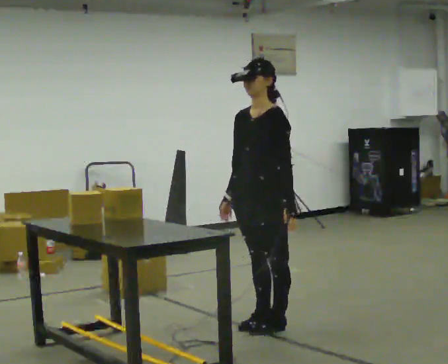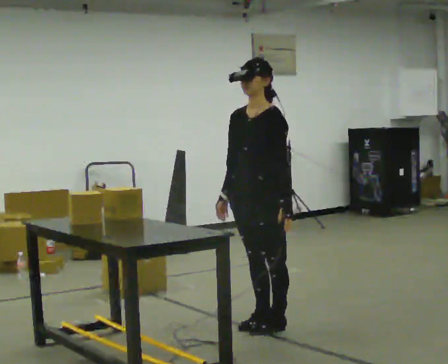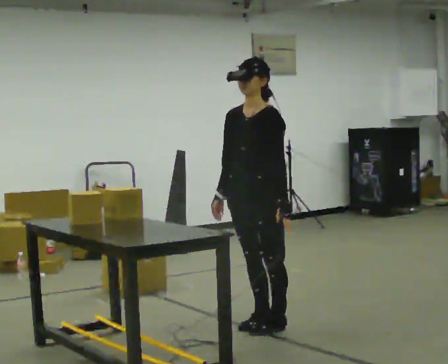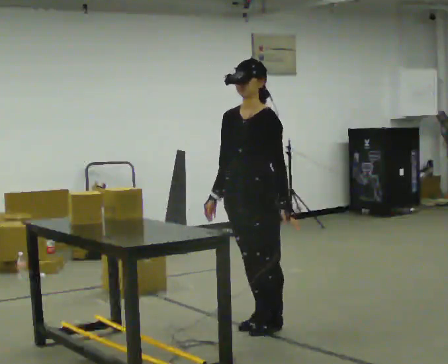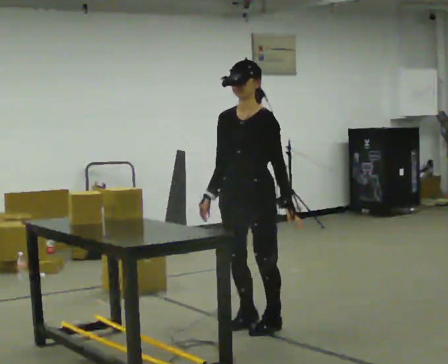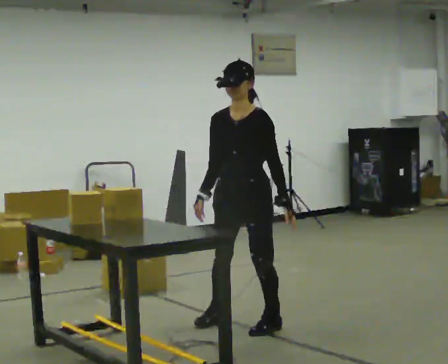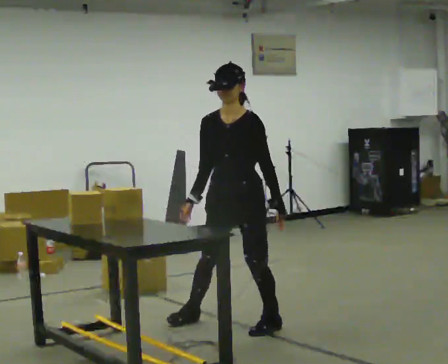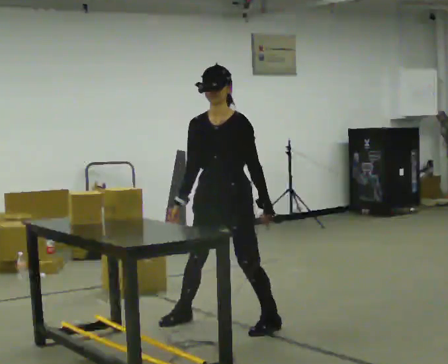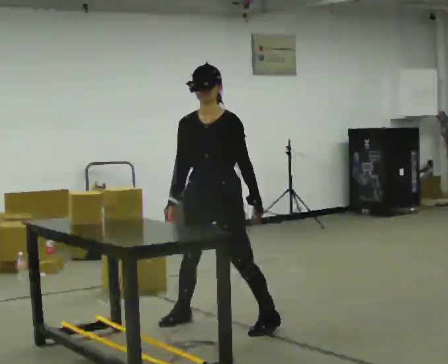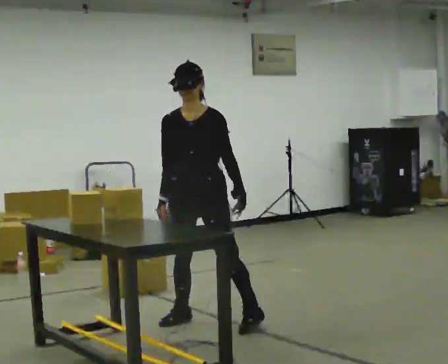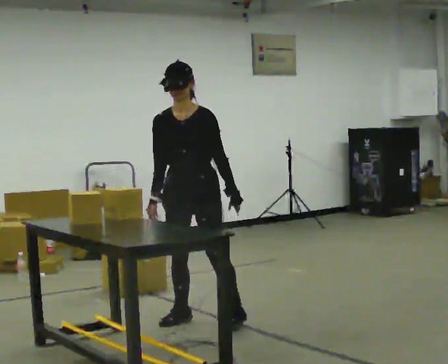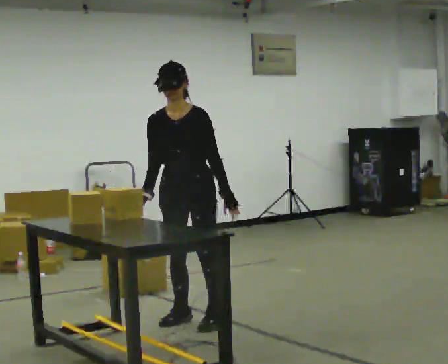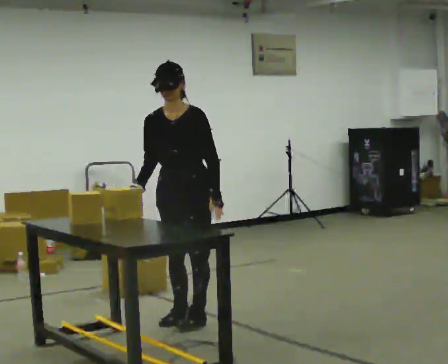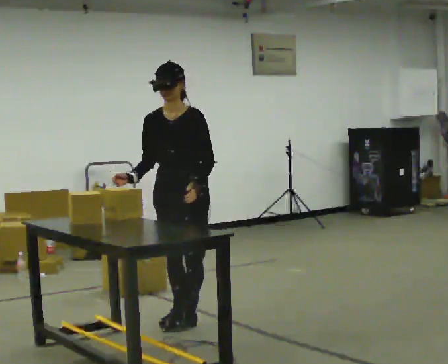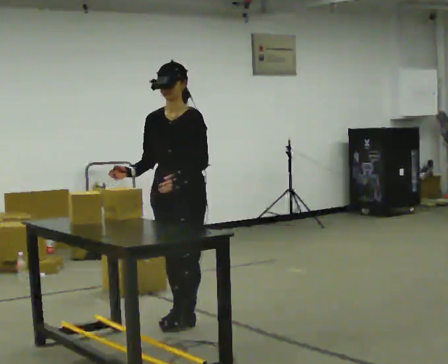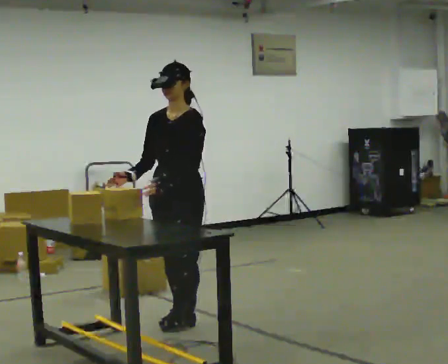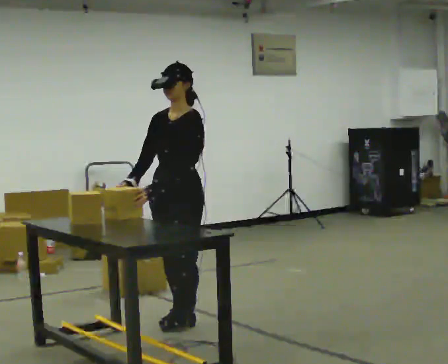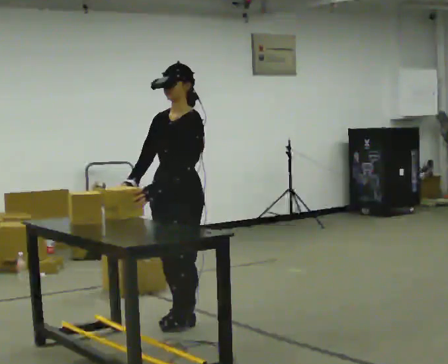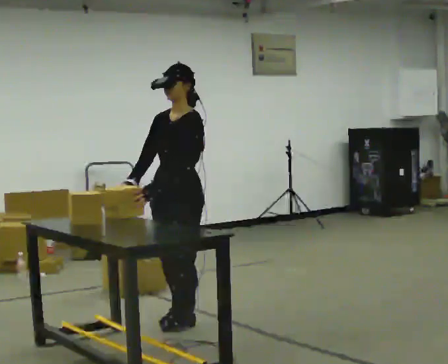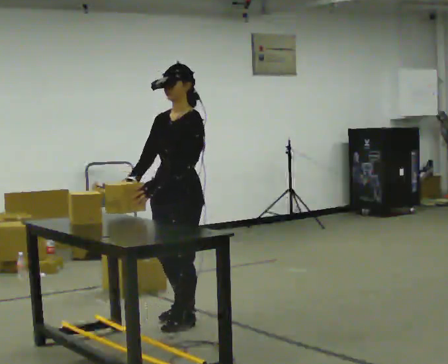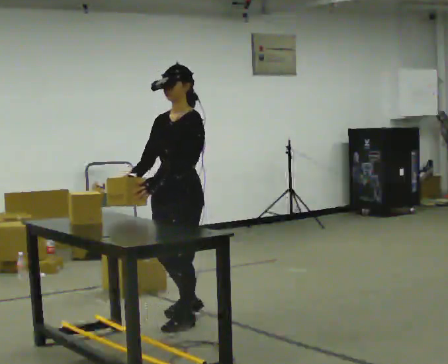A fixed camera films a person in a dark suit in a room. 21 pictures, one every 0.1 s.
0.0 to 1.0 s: The person turns about 30 degrees to their left, counterclockwise seen from above, so the part of the body nearest the lens slides to the right. In the picture they go to the left, about 0.5 m in 2 steps, which for them is to their right.
1.0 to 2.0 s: The part of the body nearest the lens slides to the left as the person turns to their right by about 30 degrees. In the picture their left hand goes to the left, the arm swinging clockwise.
The film runs backward here.
